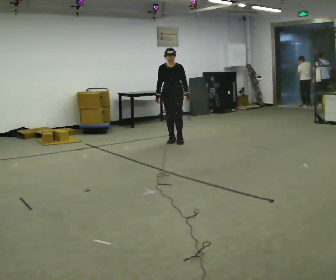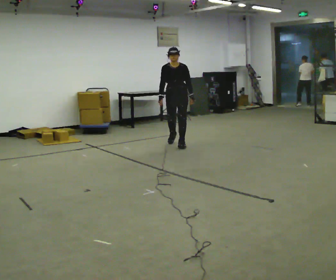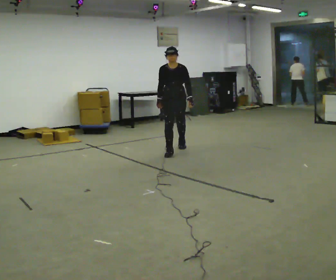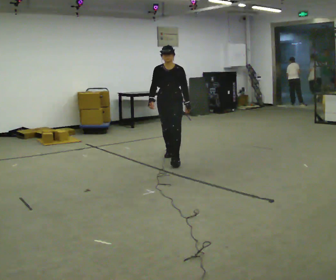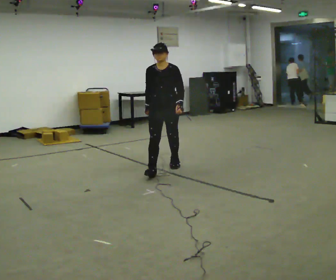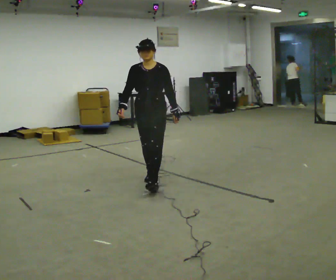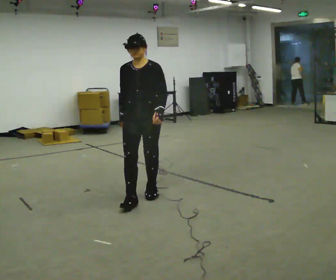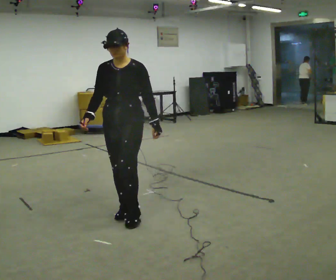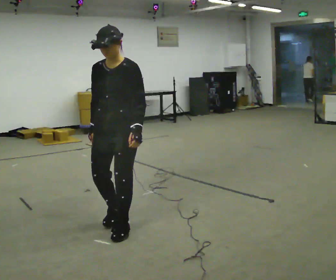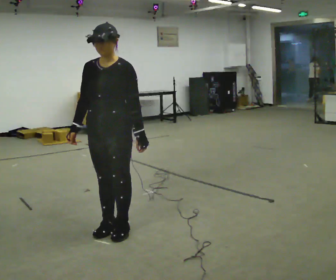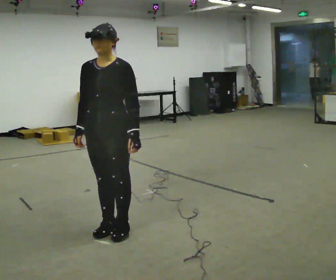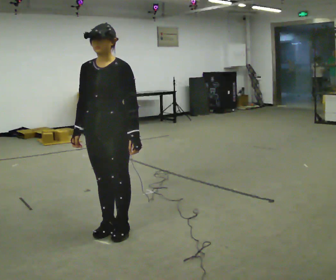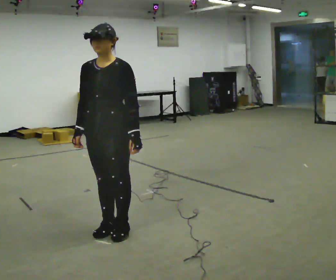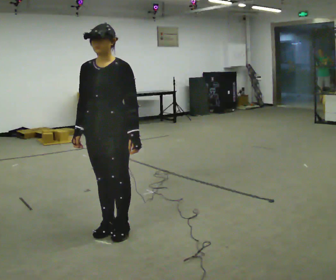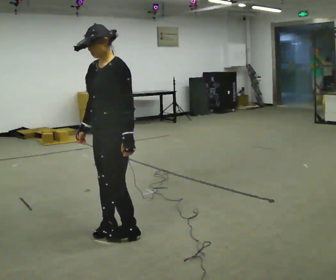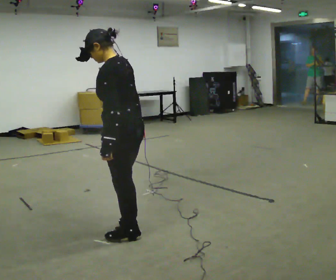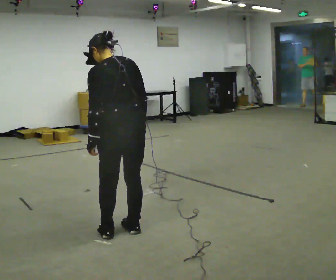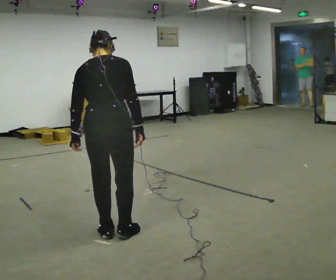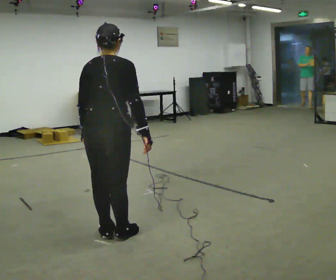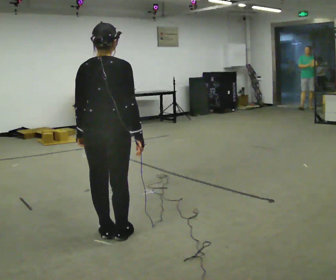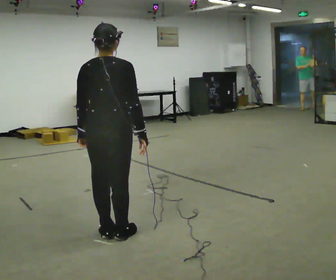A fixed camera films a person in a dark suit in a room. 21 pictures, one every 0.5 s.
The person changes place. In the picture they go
toward the camera.
0.0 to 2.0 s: In the picture they go toward the camera, about 2 m in 3 steps, which for them is forward.
2.0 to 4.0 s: In the picture they go toward the camera, about 2 m in 4 steps, which for them is forward.
4.0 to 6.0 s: The person moves a little, or ends about where they began.
6.0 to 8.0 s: The person turns about 135 degrees to their right, clockwise seen from above, so the part of the body nearest the lens slides to the left. In the picture their right hand goes to the right, the arm swinging counterclockwise.
8.0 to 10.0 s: The part of the body nearest the lens slides to the left as the person turns to their right by about 45 degrees.
The film runs forward here.
